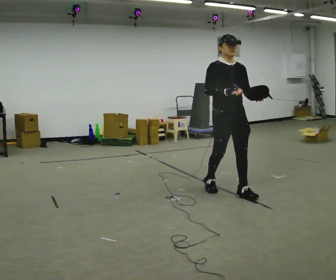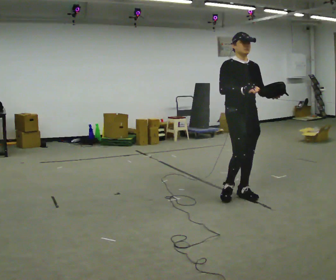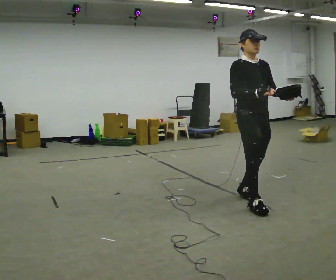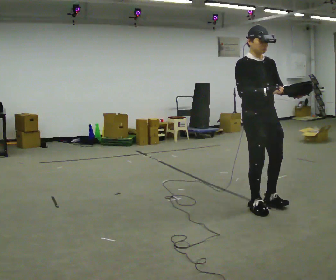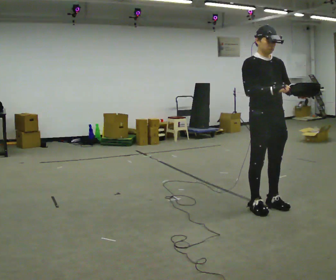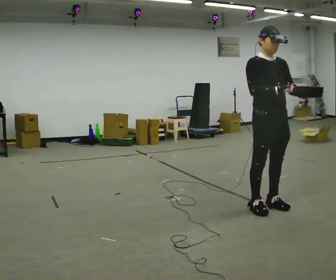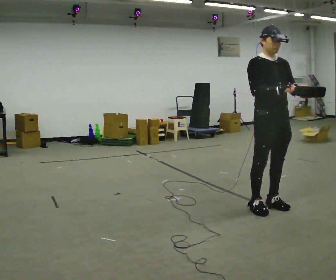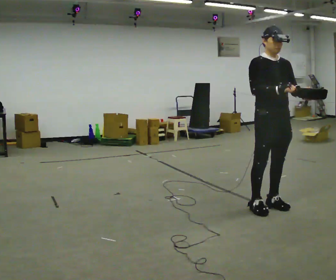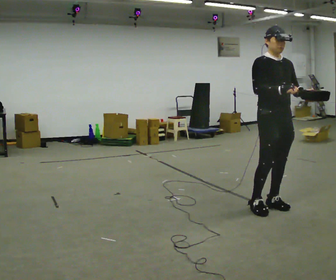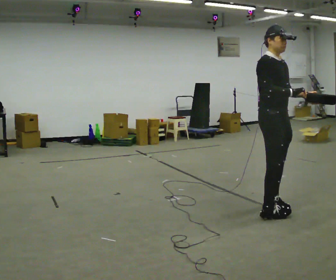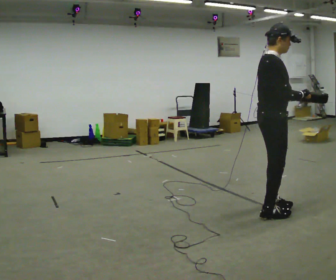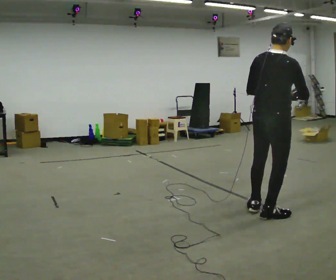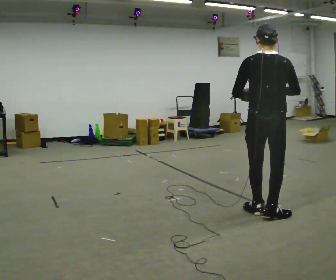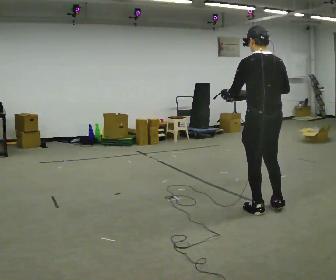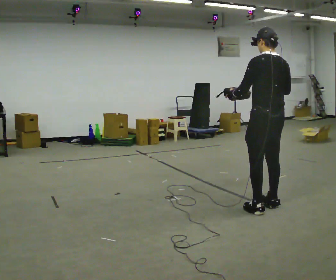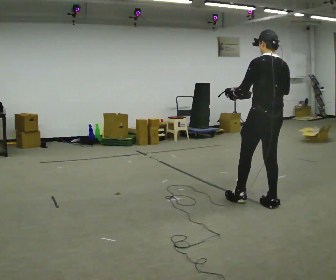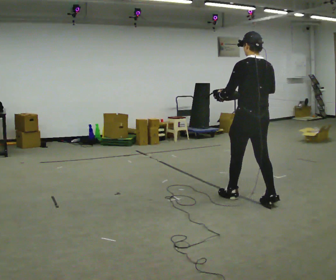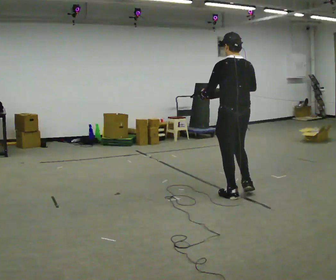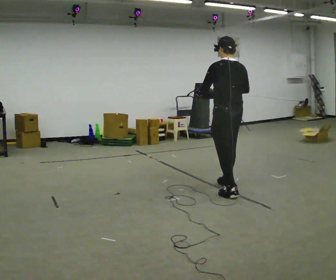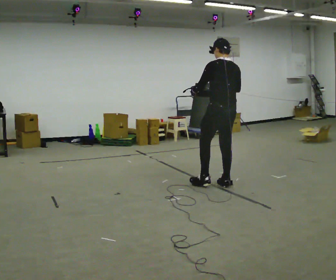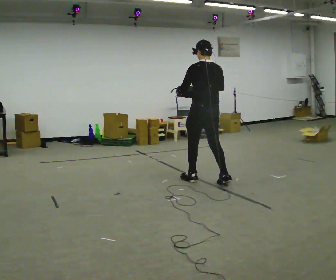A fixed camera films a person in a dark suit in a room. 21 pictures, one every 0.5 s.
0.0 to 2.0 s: In the picture they go to the right and toward the camera, about 0.5 m in 2 steps, which for them is forward.
2.0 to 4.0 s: The person moves a little, or ends about where they began.
4.0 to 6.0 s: Seen from above the body turns counterclockwise, about 150 degrees: to their left, with its near side sliding to the right. In the picture they go toward the camera, about 0.25 m in 2 steps. In the picture their left hand goes to the left.
6.0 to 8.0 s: The part of the body nearest the lens slides to the right as the person turns to their left by about 30 degrees. In the picture they go away from the camera and to the left, about 0.5 m in 2 steps, which for them is forward and to their right.
8.0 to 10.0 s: In the picture they go to the left and away from the camera, about 1 m in 2 steps, which for them is forward.
The film runs forward here.
